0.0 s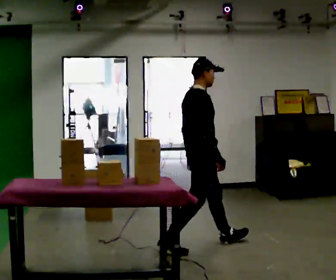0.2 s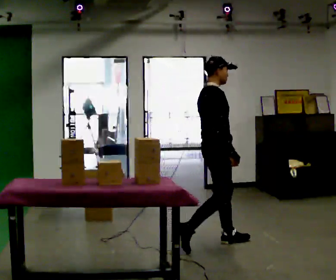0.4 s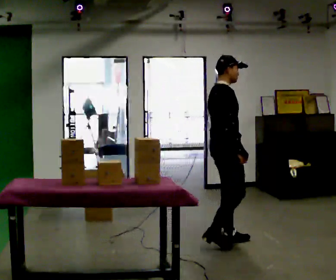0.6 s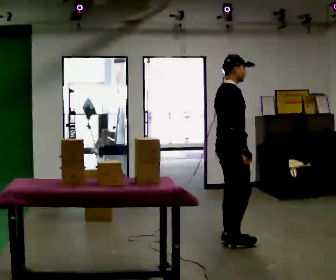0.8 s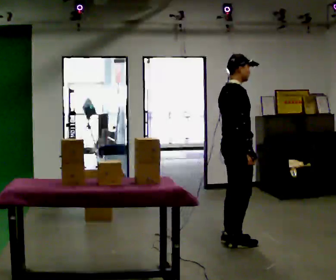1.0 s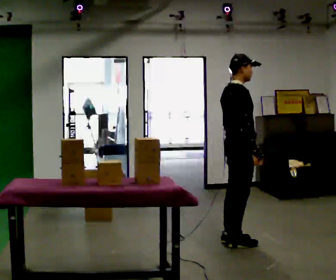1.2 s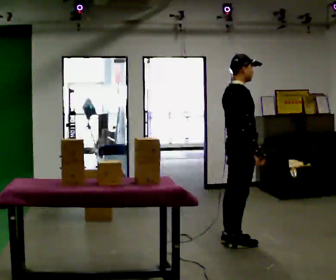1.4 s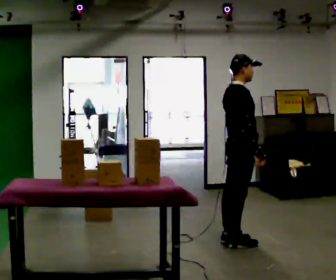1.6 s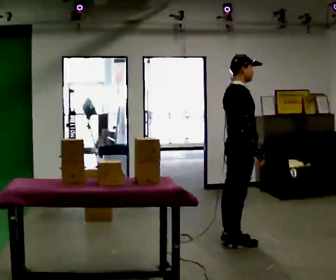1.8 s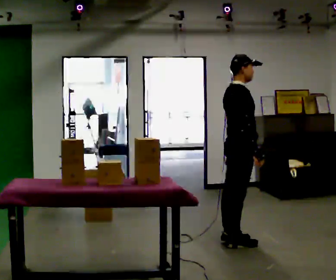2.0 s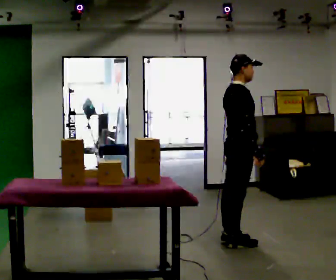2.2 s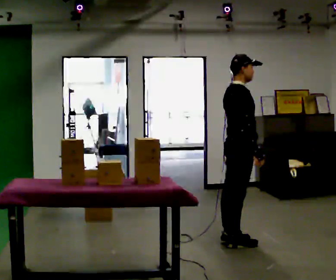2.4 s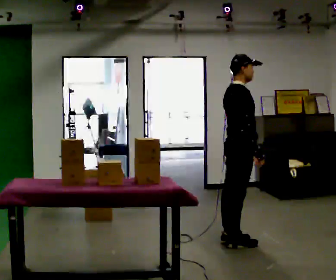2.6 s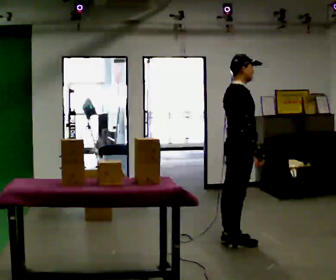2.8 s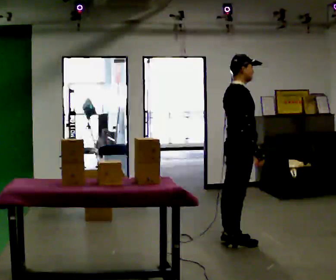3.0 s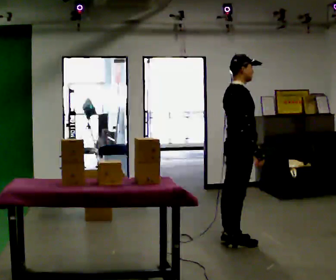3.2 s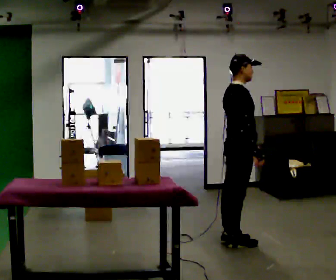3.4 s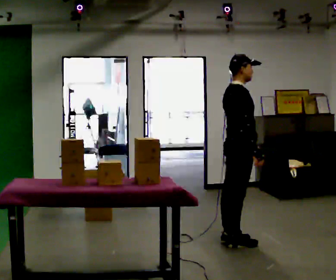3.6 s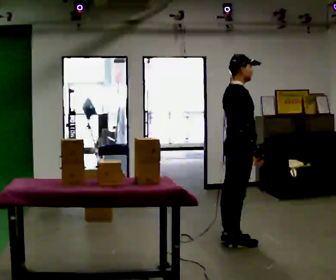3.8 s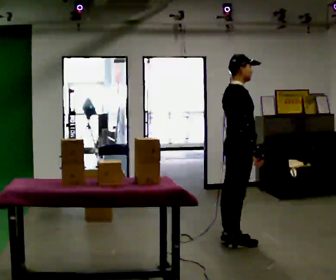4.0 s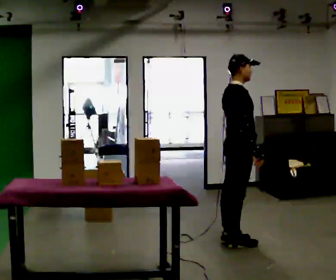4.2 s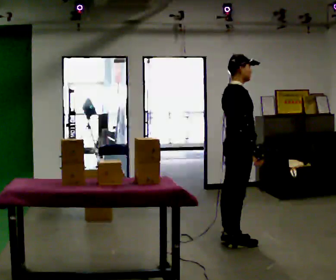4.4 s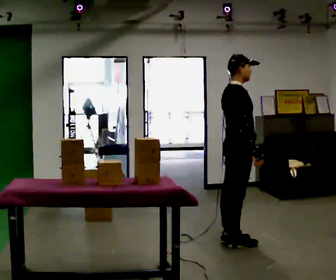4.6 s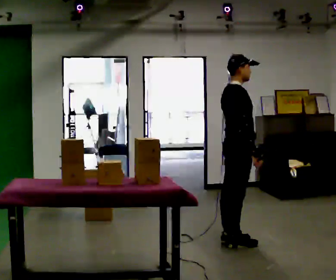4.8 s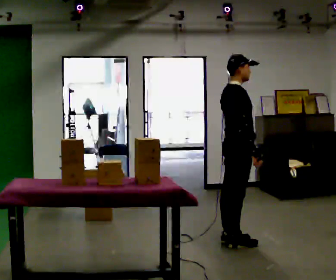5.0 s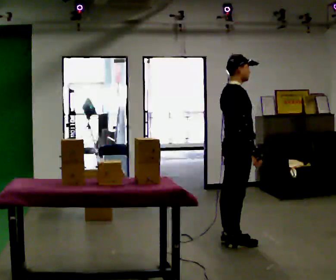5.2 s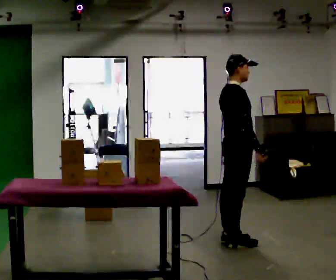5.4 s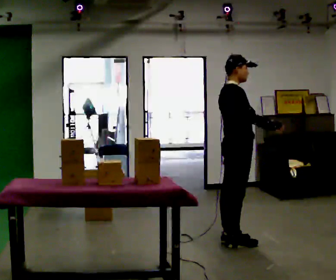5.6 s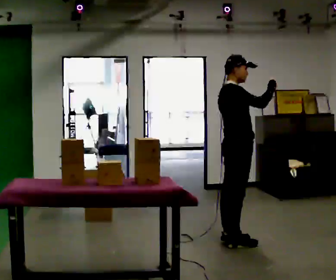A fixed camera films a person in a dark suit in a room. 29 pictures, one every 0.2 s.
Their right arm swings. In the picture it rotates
counterclockwise.
Their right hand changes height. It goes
upward.
0.0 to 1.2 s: In the picture they go to the right and away from the camera, about 0.25 m in 1 step, which for them is forward.
1.2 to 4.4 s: The person keeps their place and pose.
4.4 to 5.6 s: In the picture their right hand goes upward, the arm swinging counterclockwise.
The film runs forward here.
